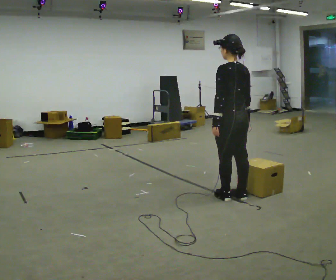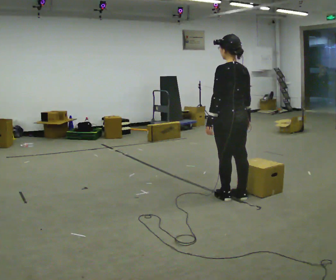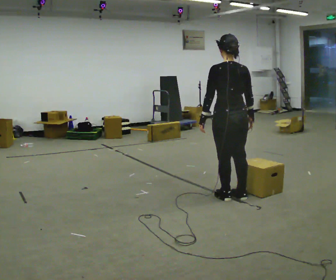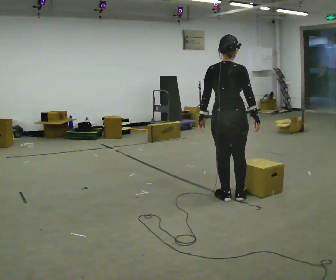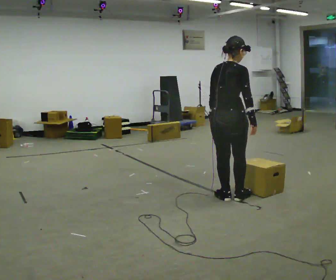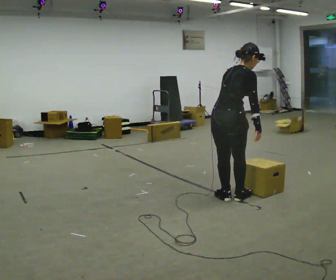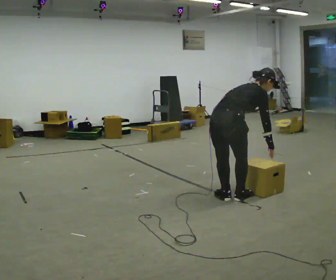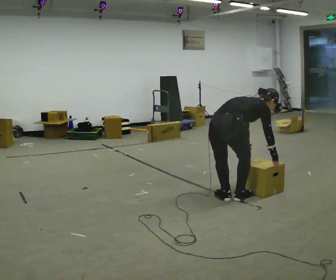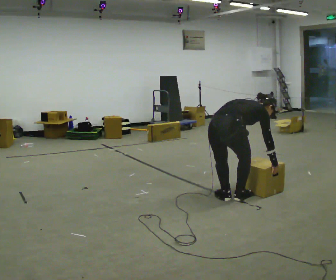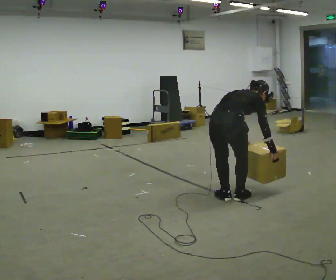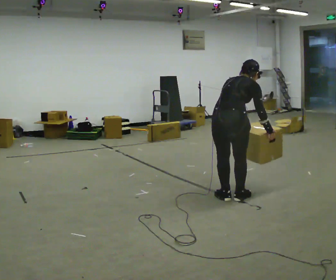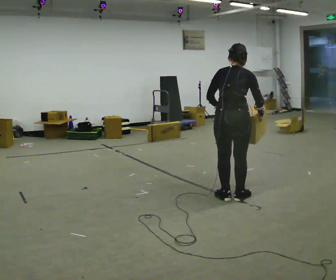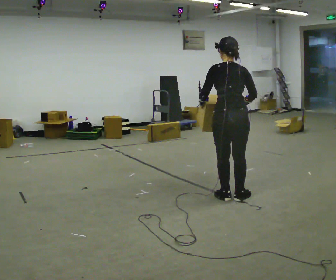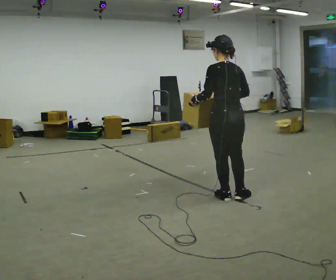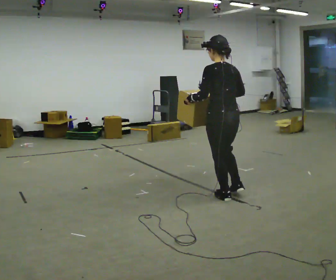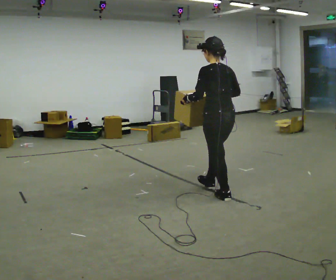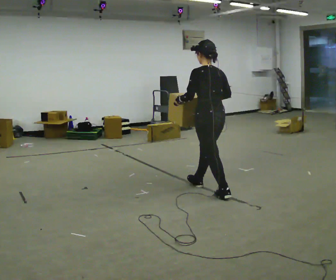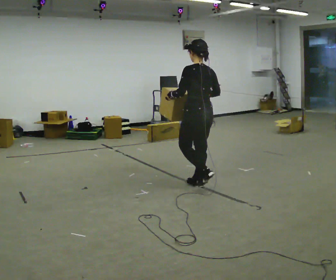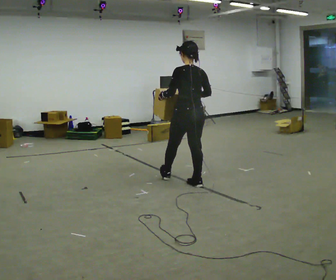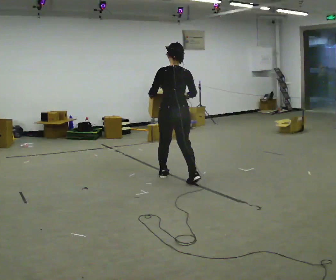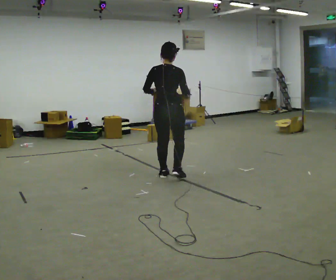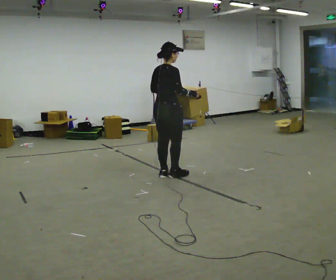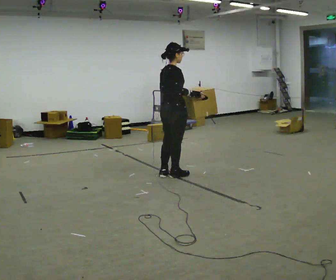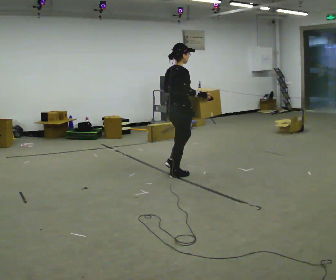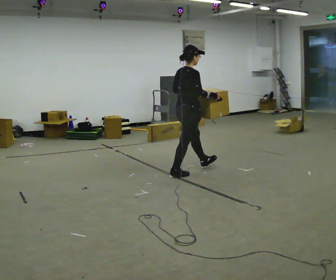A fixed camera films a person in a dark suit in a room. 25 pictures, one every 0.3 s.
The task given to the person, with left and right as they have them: Carry the box along the marked route, turning 90 degrees at the corner the operator calls, and set it down at the end. Keep going until the operator says stop; one object at a time, and do not rush between trips.
0.0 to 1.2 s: Seen from above the body turns clockwise, about 75 degrees: to their right, with its near side sliding to the left.
1.2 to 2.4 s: The shoulders move downward. In the picture the upper body tilts clockwise, shoulders to the right, as they bend forward. In the picture their left hand goes downward and to the right.
2.4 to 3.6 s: Seen from above the body turns counterclockwise, about 60 degrees: to their left, with its near side sliding to the right. The shoulders move upward. In the picture the upper body tilts counterclockwise, shoulders to the left, as they lean back or straighten. In the picture their right hand goes upward.
3.6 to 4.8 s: The part of the body nearest the lens slides to the right as the person turns to their left by about 30 degrees. In the picture they go away from the camera and to the left, about 0.25 m in 1 step, which for them is forward.
4.8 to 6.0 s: Seen from above the body turns clockwise, about 60 degrees: to their right, with its near side sliding to the left. In the picture they go to the left and away from the camera, about 0.5 m in 1 step, which for them is forward.
6.0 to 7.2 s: Seen from above the body turns clockwise, about 45 degrees: to their right, with its near side sliding to the left. In the picture they go away from the camera and to the right, about 0.25 m in 1 step, which for them is forward.
The film runs forward here.
